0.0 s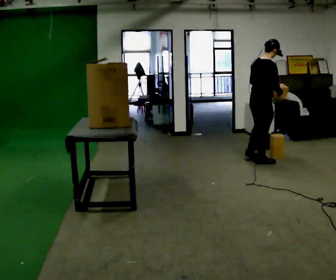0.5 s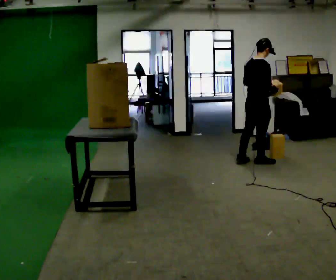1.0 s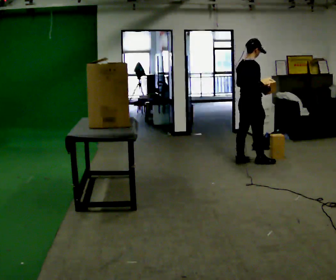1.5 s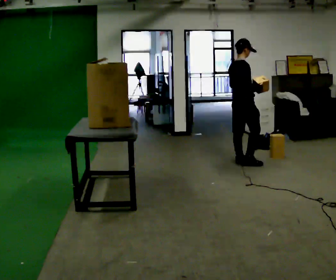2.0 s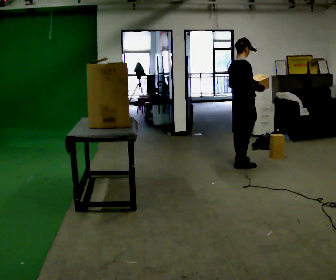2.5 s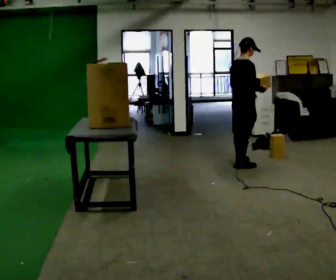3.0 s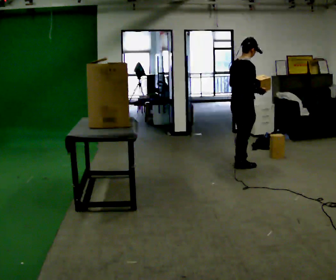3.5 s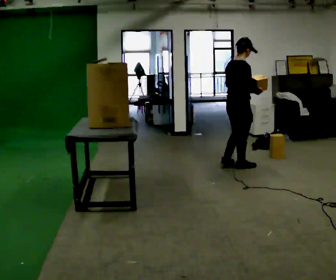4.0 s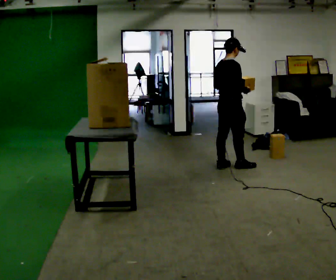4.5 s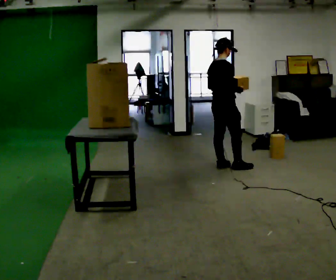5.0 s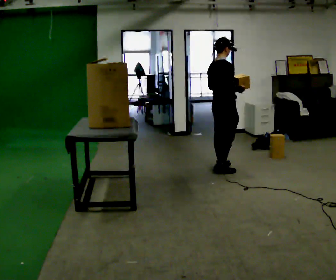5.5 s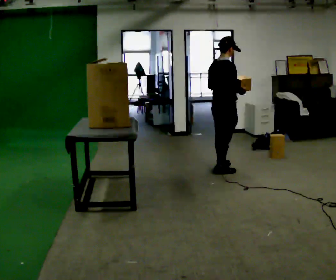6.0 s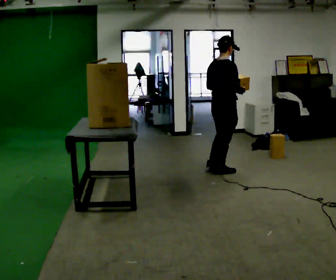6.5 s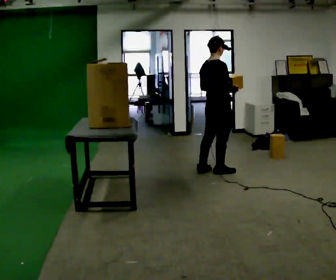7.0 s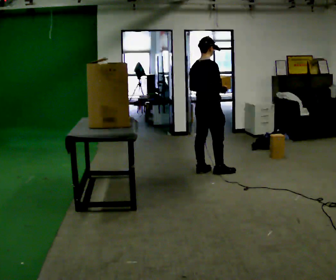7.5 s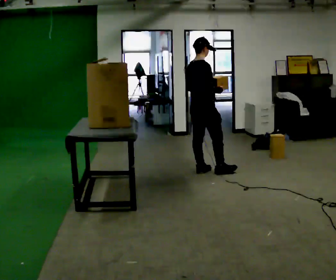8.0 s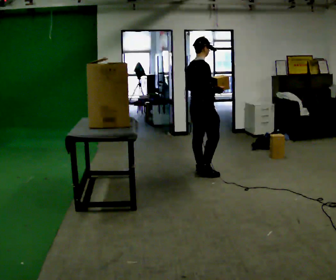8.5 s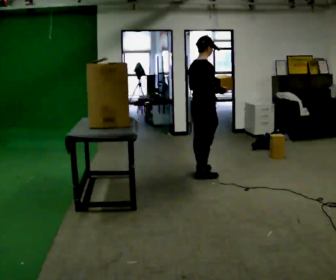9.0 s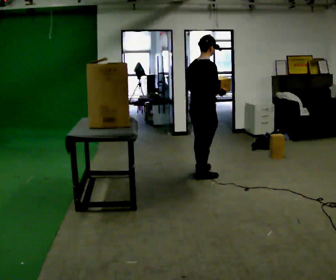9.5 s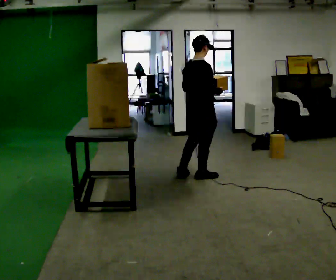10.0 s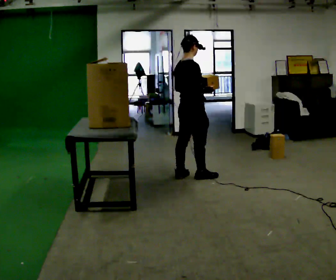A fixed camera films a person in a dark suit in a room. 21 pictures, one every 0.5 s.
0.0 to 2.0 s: In the picture they go to the left, about 0.25 m in 1 step, which for them is backward.
2.0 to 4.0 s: In the picture they go to the left and toward the camera, about 0.25 m in 1 step, which for them is backward.
4.0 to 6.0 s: In the picture they go toward the camera, about 0.25 m in 2 steps, which for them is backward and to their right.
6.0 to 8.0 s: In the picture they go to the left, about 0.25 m in 1 step, which for them is to their left and backward.
8.0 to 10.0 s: In the picture they go toward the camera, about 0.25 m in 1 step, which for them is backward.
The film runs backward here.
